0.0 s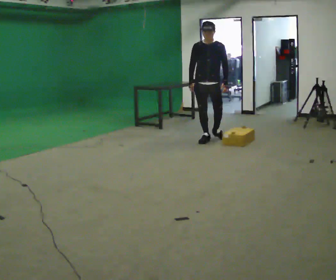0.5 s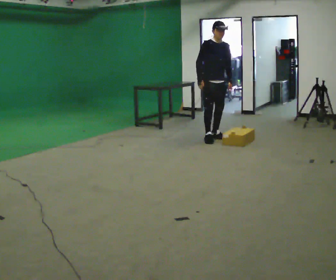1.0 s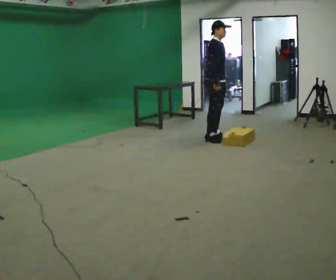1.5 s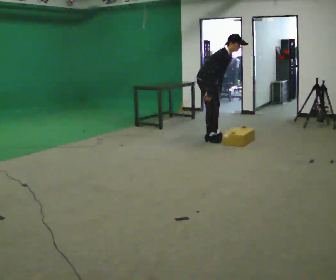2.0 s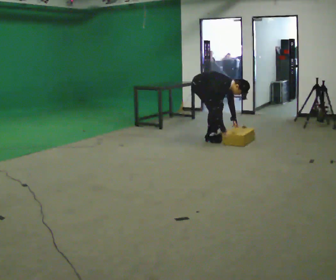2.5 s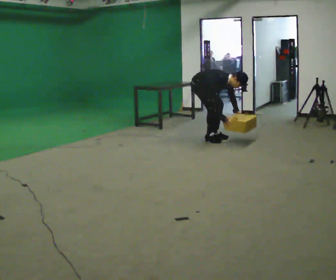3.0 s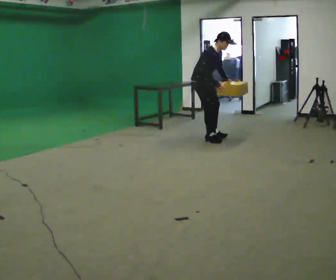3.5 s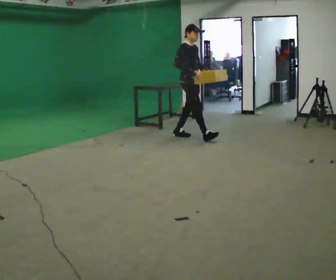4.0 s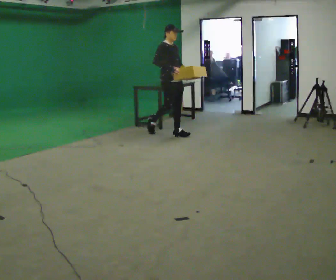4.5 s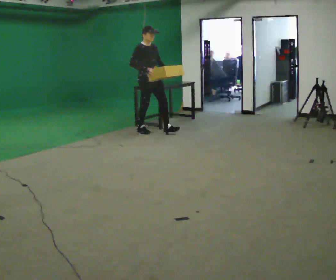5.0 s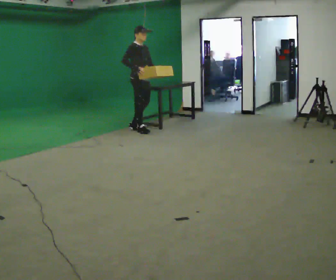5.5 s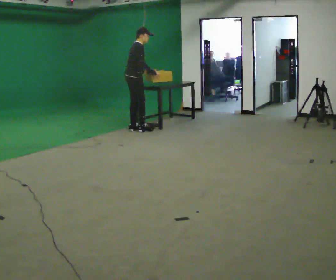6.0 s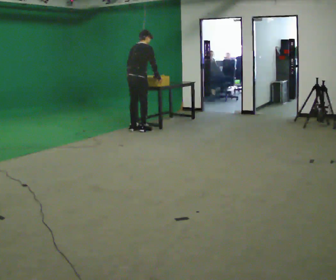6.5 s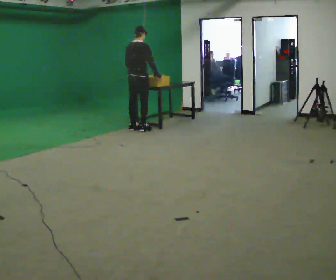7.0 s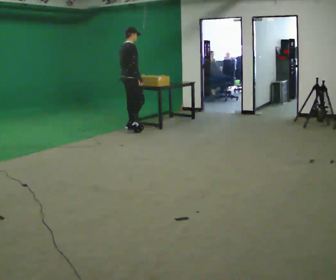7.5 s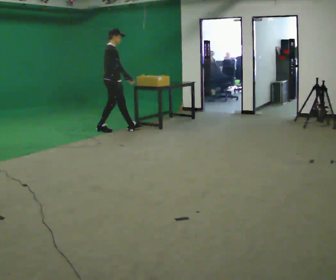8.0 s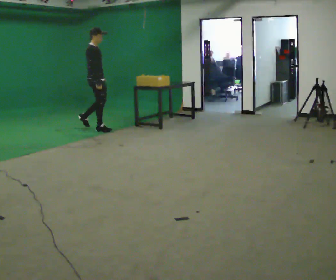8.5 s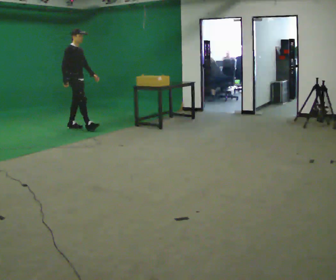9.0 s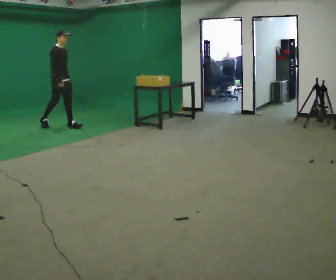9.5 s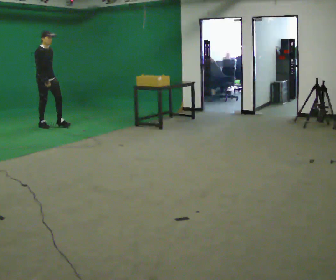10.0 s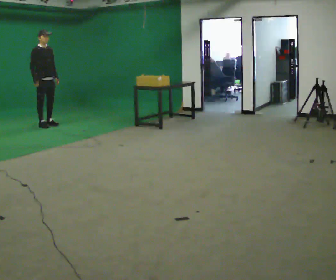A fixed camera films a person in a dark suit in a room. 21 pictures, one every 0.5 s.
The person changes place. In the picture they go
to the left.
0.0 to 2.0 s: The part of the body nearest the lens slides to the right as the person turns to their left by about 75 degrees. In the picture they go away from the camera, about 0.25 m. The shoulders move downward. In the picture the upper body tilts clockwise, shoulders to the right, as they bend forward. In the picture their left hand goes downward.
2.0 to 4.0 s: In the picture they go to the left and away from the camera, about 0.5 m in 2 steps, which for them is backward. The shoulders move upward. In the picture the upper body tilts counterclockwise, shoulders to the left, as they lean back or straighten. In the picture their right hand goes upward.
4.0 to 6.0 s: The part of the body nearest the lens slides to the right as the person turns to their left by about 90 degrees. In the picture they go to the left and away from the camera, about 0.75 m in 1 step. The upper body tips away from the camera, its near side rolling upward, as they bend forward.
6.0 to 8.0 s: Seen from above the body turns clockwise, about 60 degrees: to their right, with its near side sliding to the left. In the picture they go to the left, about 0.5 m in 2 steps, which for them is backward and to their left. The upper body tips toward the camera, its near side rolling downward, as they lean back or straighten.
8.0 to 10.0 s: The person turns about 30 degrees to their right, clockwise seen from above, so the part of the body nearest the lens slides to the left. In the picture they go to the left, about 1 m in 2 steps, which for them is backward.
The film runs backward here.
